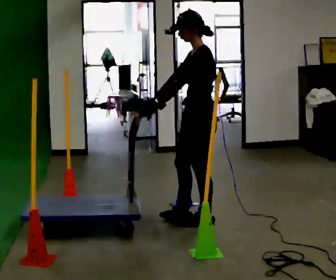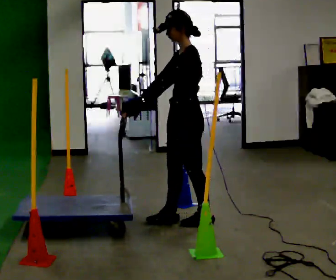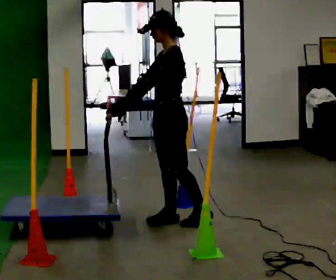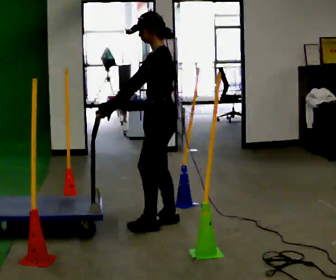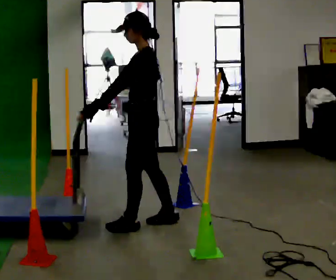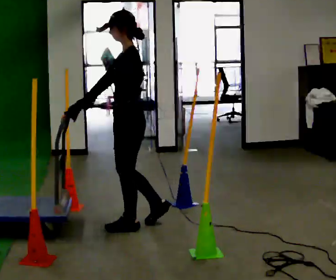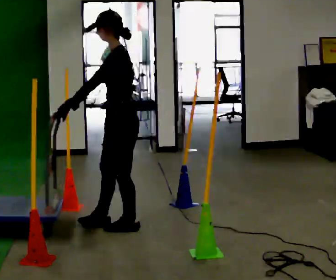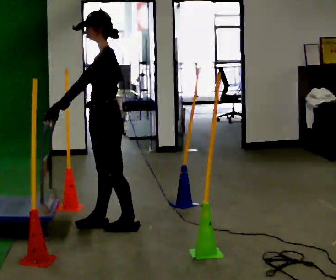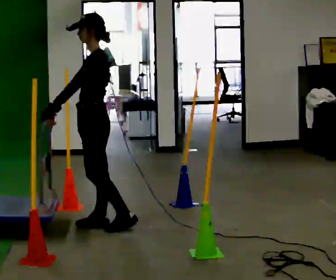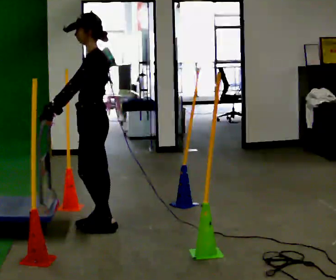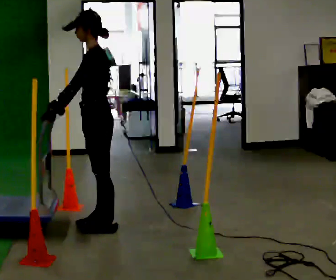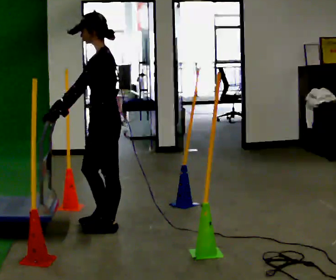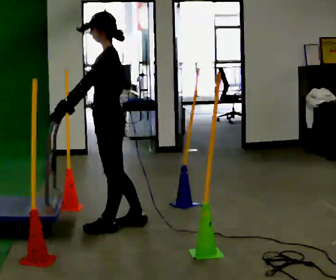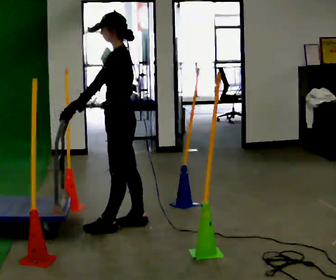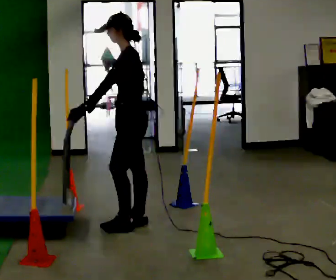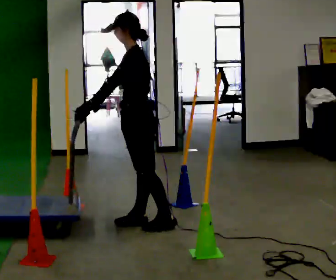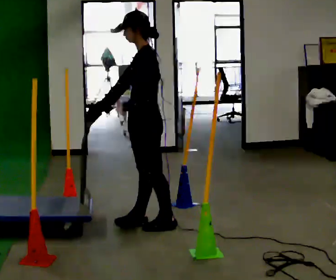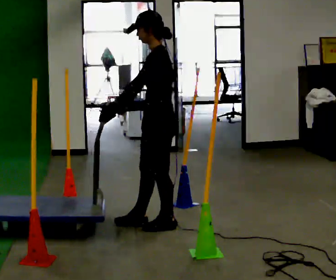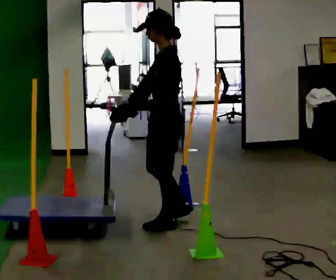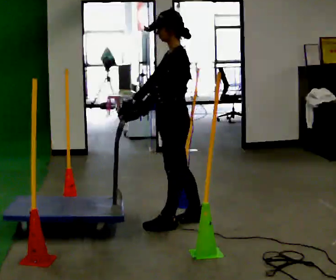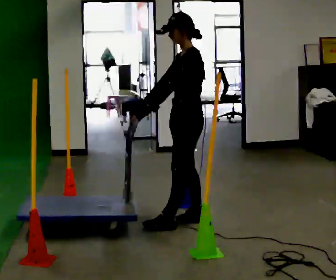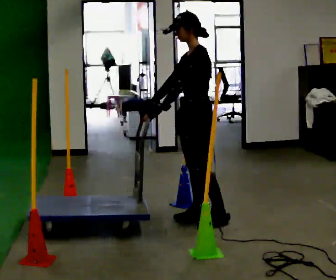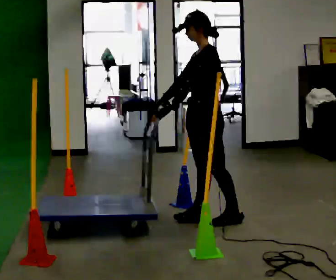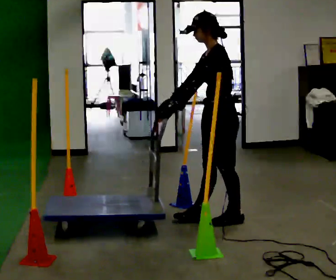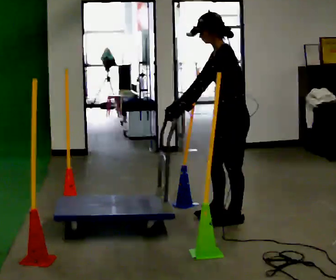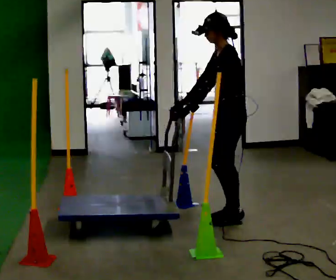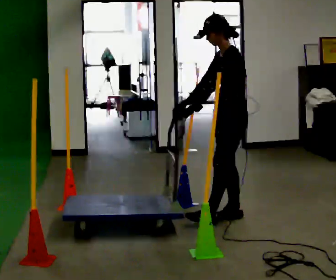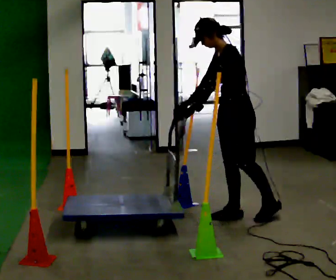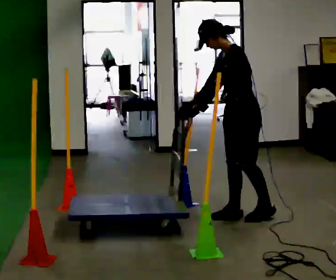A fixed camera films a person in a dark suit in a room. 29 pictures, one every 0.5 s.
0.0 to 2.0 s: In the picture they go to the left, about 0.5 m in 2 steps, which for them is forward.
2.0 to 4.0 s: In the picture they go to the left, about 0.25 m in 1 step, which for them is forward.
4.0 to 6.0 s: The person moves a little, or ends about where they began.
6.0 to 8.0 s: In the picture they go to the right, about 0.25 m in 1 step, which for them is backward.
8.0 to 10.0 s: In the picture they go to the right, about 0.25 m in 1 step, which for them is backward and to their right.
10.0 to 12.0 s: In the picture they go to the right, about 0.25 m in 1 step, which for them is backward and to their left.
12.0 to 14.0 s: The person moves a little, or ends about where they began.
The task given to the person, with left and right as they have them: Push the cart in and out of the line of poles without touching any of them. Keep going until the operator says stop.
The film runs forward here.
